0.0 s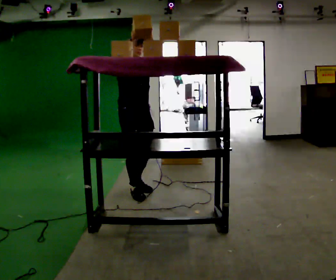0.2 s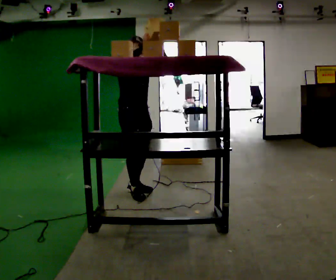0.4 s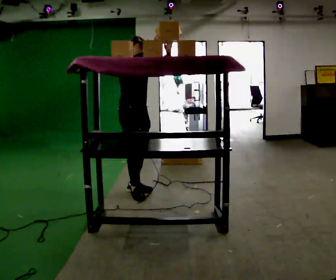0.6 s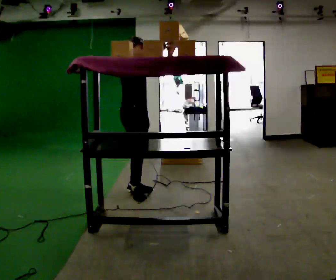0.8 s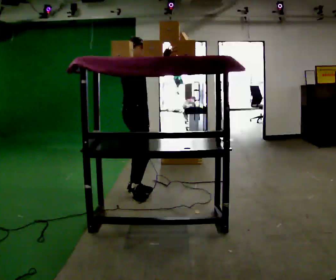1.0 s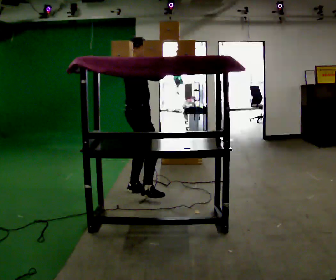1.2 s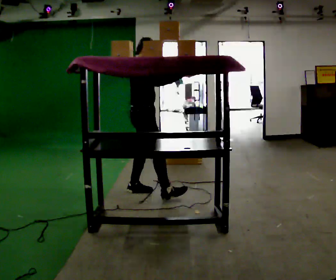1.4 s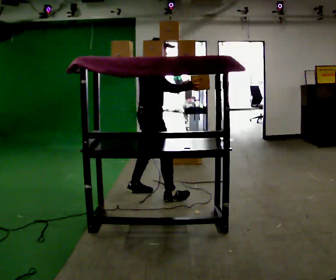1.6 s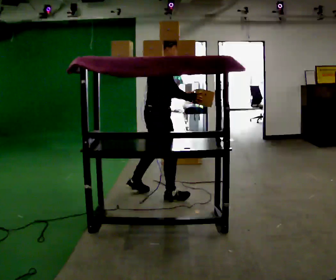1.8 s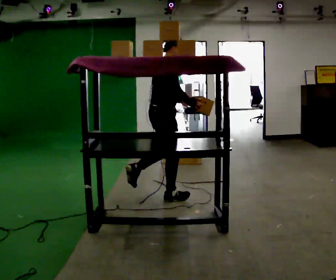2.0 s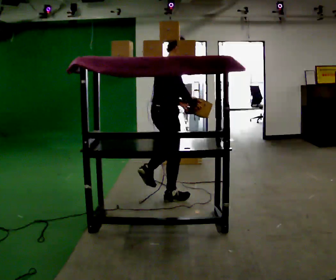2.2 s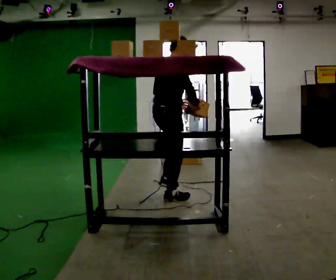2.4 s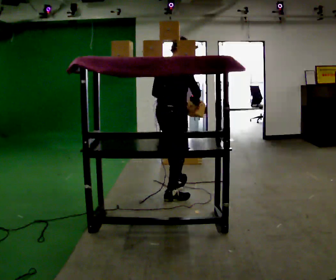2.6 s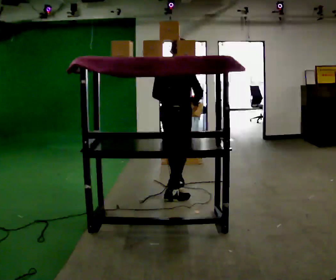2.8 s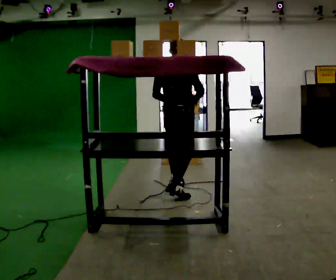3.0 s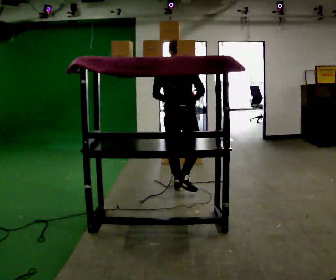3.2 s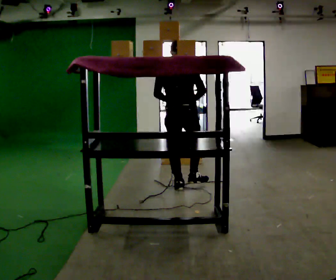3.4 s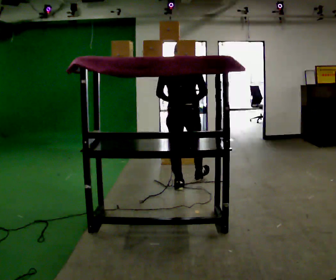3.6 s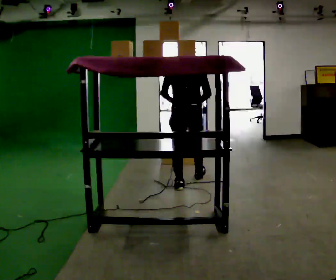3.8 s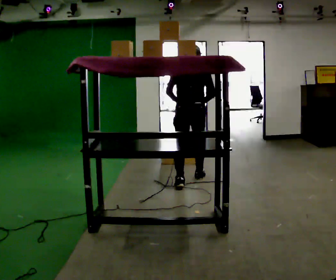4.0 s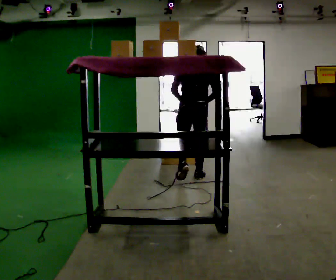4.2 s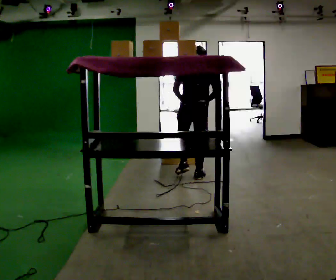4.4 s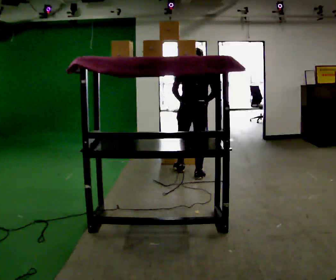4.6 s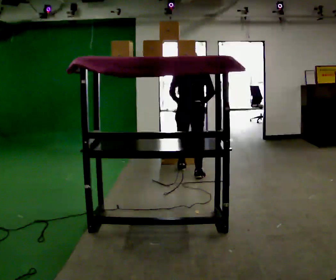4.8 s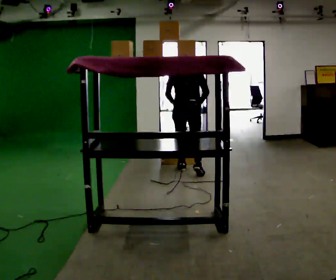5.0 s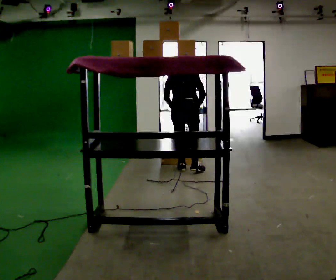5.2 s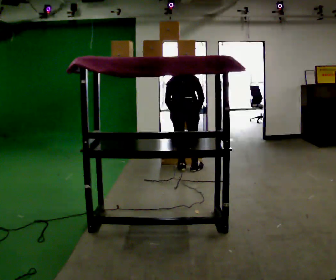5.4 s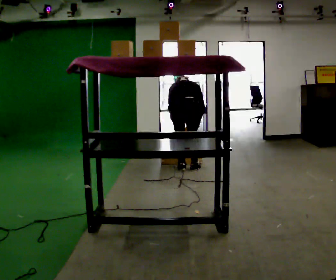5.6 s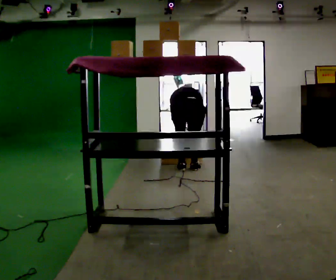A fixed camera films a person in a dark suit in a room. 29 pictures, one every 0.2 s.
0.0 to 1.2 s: Seen from above the body turns counterclockwise, about 60 degrees: to their left, with its near side sliding to the right. In the picture their left hand goes downward, the arm swinging clockwise.
1.2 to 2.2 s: The part of the body nearest the lens slides to the right as the person turns to their left by about 30 degrees. In the picture they go to the right and toward the camera, about 0.25 m, which for them is to their right and forward.
2.2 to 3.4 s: The person turns about 45 degrees to their left, counterclockwise seen from above, so the part of the body nearest the lens slides to the right. In the picture they go away from the camera and to the right, about 0.5 m in 1 step, which for them is forward.
3.4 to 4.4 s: In the picture they go away from the camera, about 0.5 m in 1 step, which for them is forward.
4.4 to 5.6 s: In the picture they go away from the camera, about 0.25 m in 2 steps, which for them is forward. The shoulders move downward. The upper body tips away from the camera, its near side rolling upward, as they bend forward. In the picture their left hand goes downward.
The film runs forward here.
